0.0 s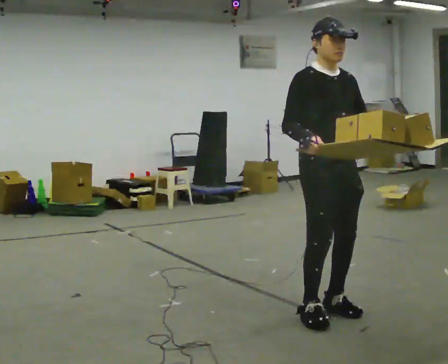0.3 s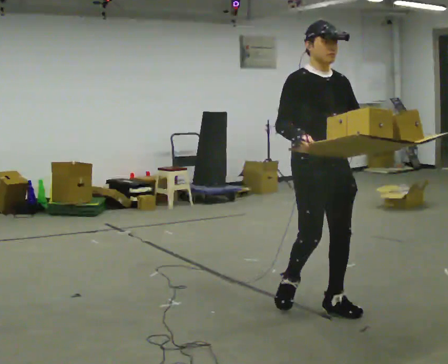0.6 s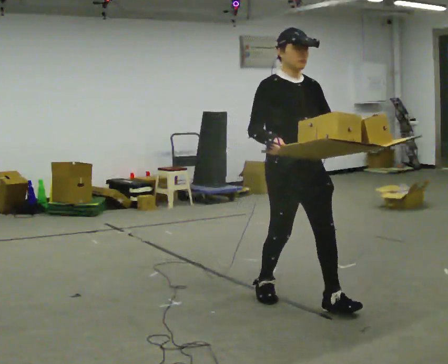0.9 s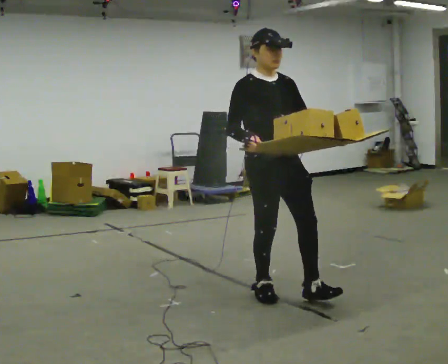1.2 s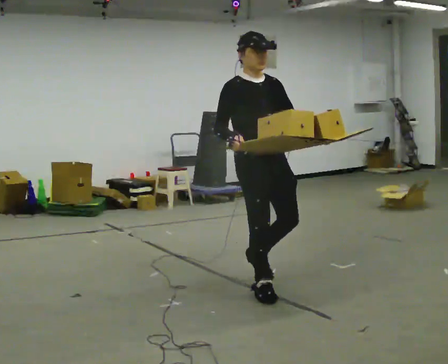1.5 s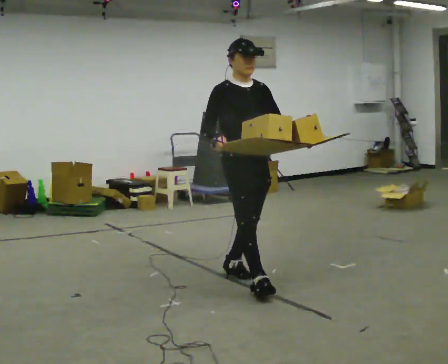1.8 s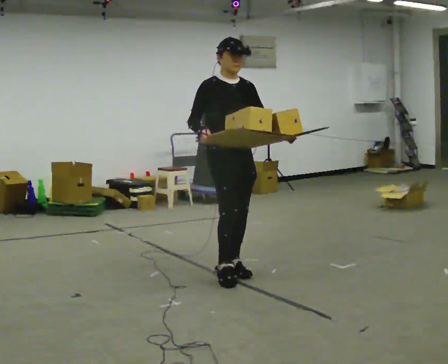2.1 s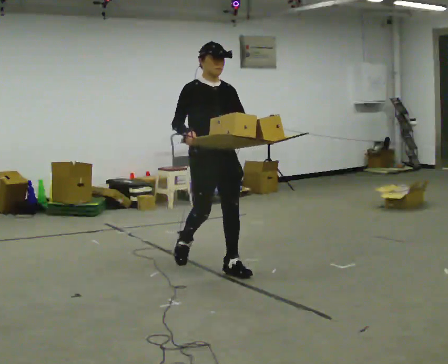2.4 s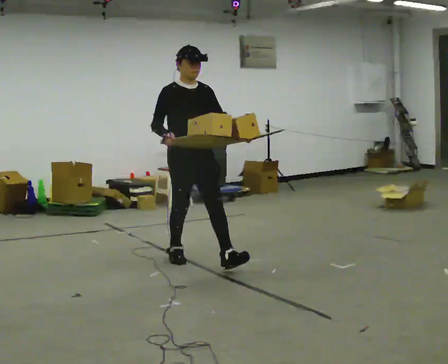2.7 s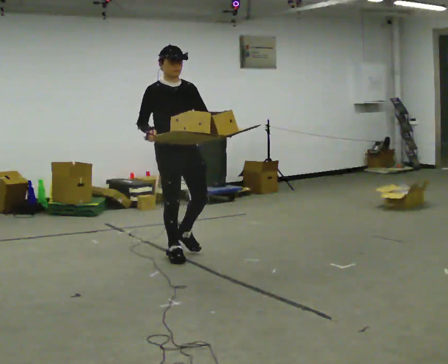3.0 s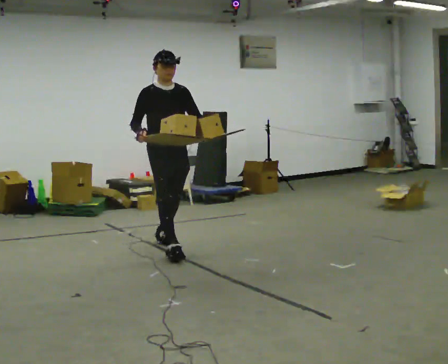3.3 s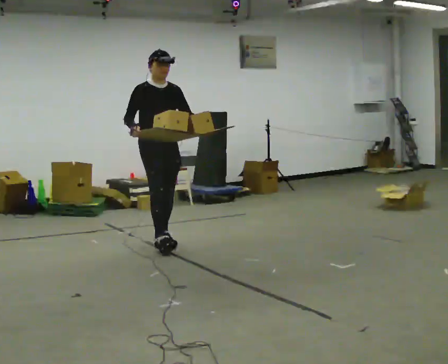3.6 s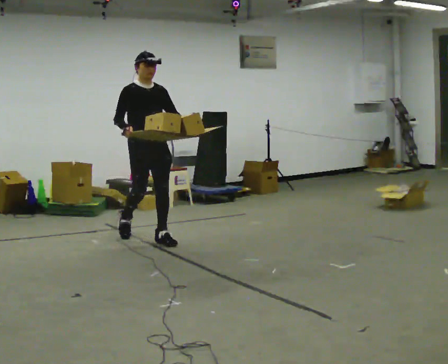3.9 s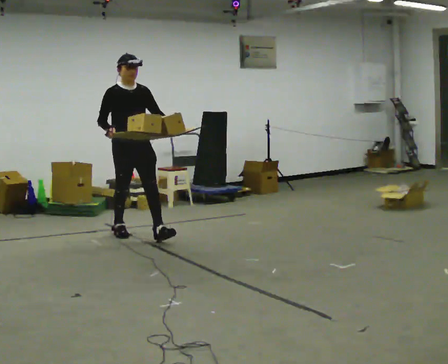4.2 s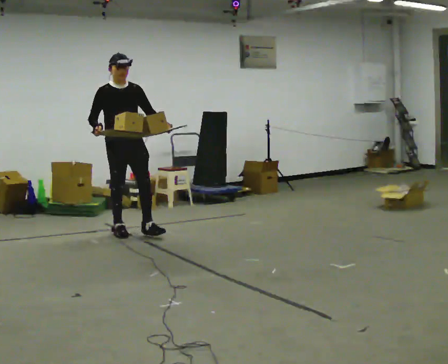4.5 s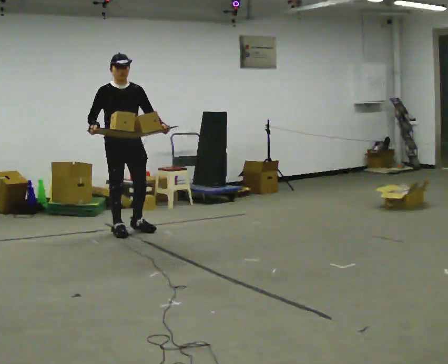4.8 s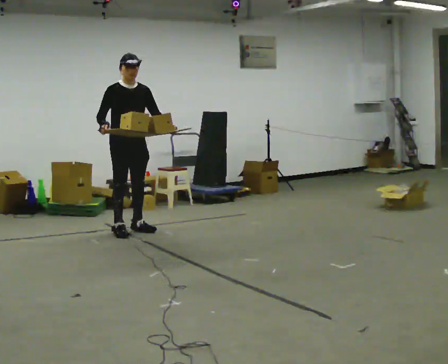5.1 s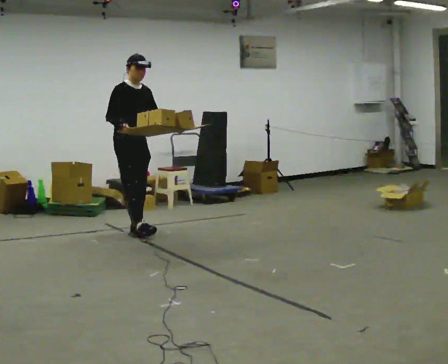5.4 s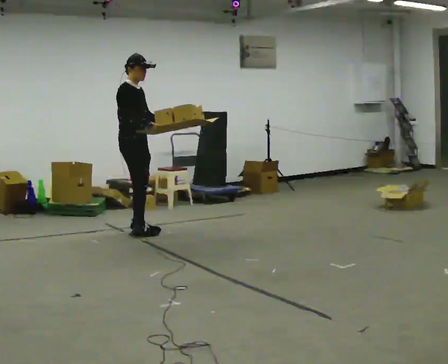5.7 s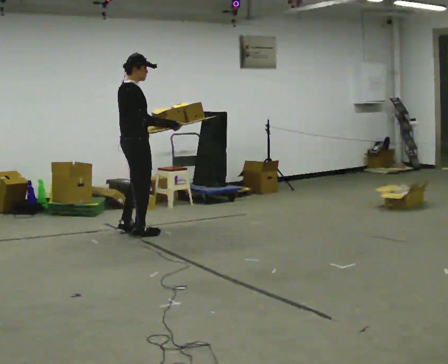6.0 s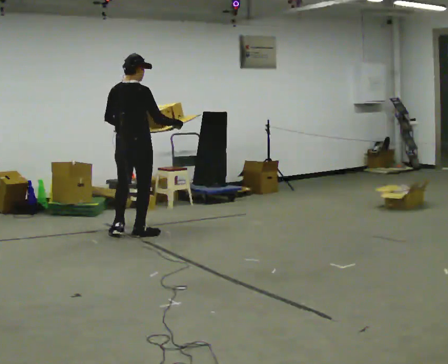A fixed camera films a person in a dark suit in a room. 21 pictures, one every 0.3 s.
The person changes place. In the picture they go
away from the camera.
0.0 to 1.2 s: In the picture they go away from the camera and to the left, about 0.5 m in 2 steps, which for them is backward.
1.2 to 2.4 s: In the picture they go away from the camera and to the left, about 1 m in 2 steps, which for them is backward.
2.4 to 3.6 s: In the picture they go away from the camera and to the left, about 1 m in 1 step, which for them is backward.
3.6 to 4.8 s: In the picture they go away from the camera and to the left, about 0.5 m in 1 step, which for them is backward.
4.8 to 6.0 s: The person turns about 120 degrees to their left, counterclockwise seen from above, so the part of the body nearest the lens slides to the right. In the picture they go toward the camera, about 0.25 m in 2 steps. In the picture their left hand goes to the left.
The film runs backward here.
